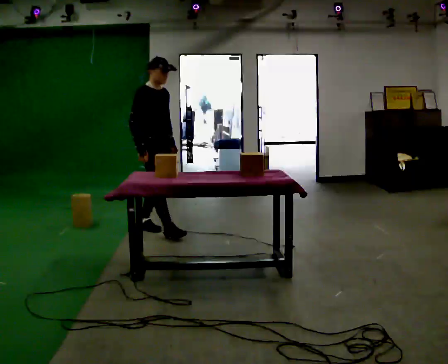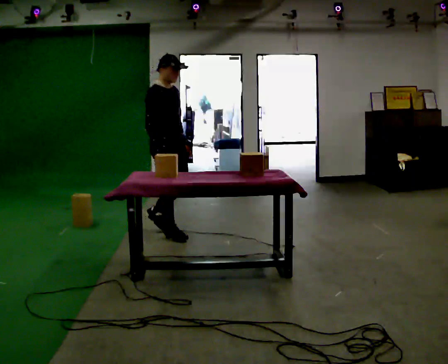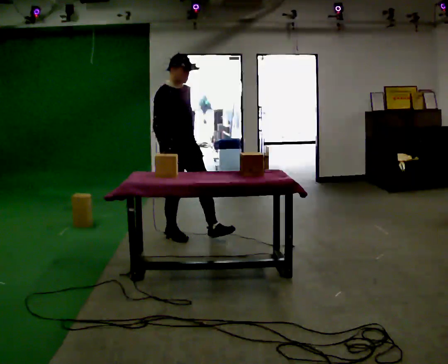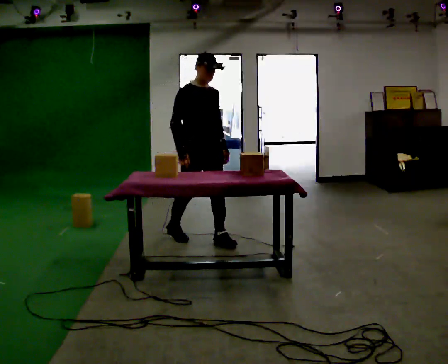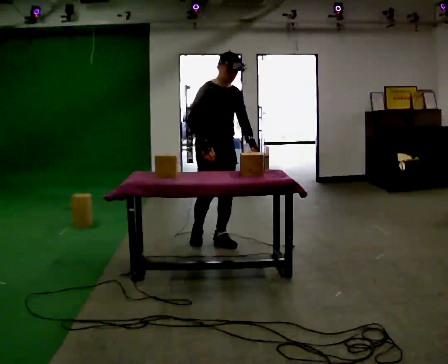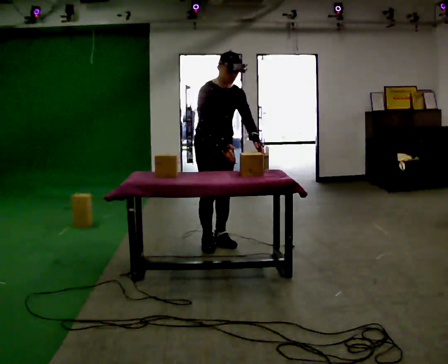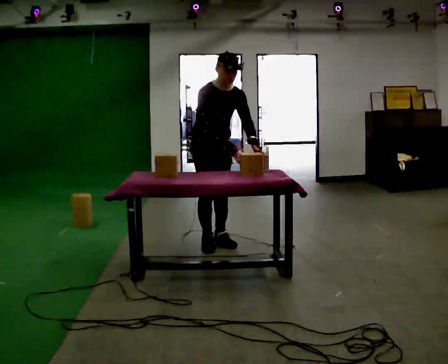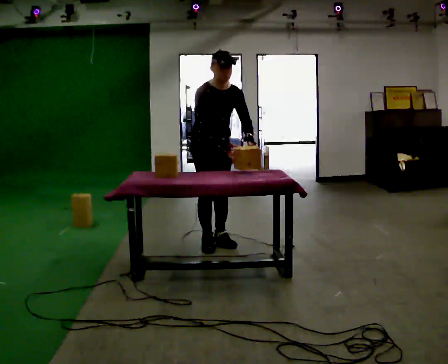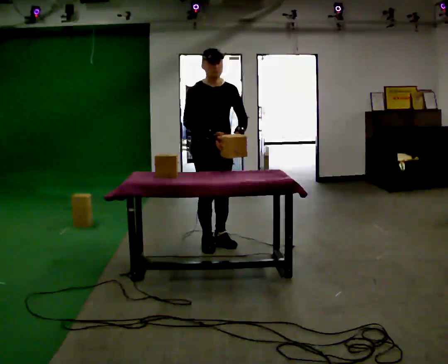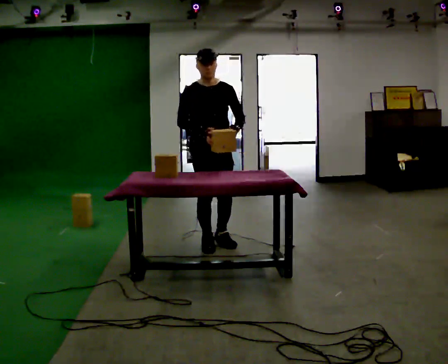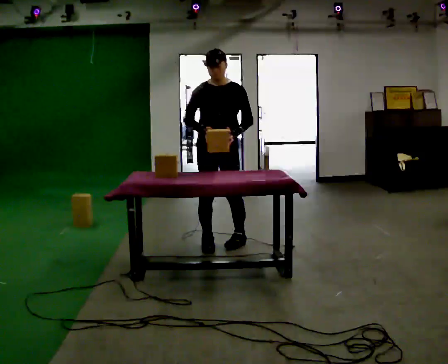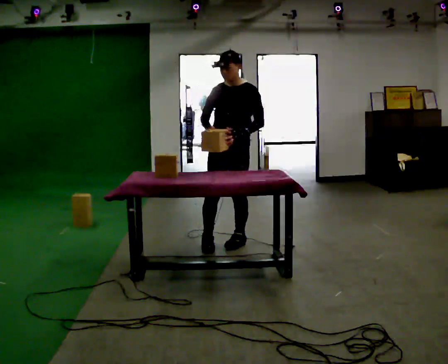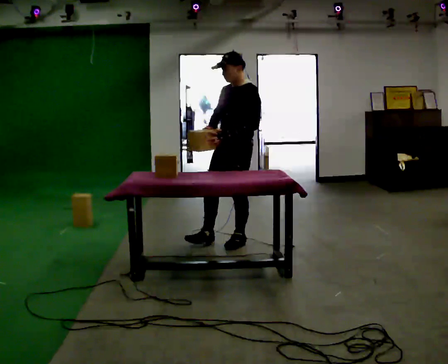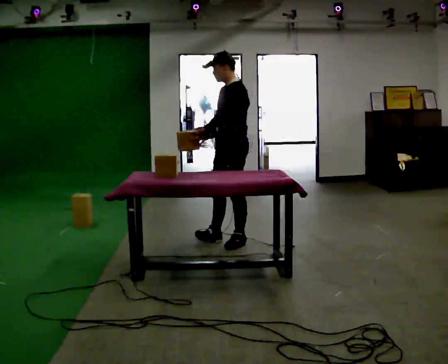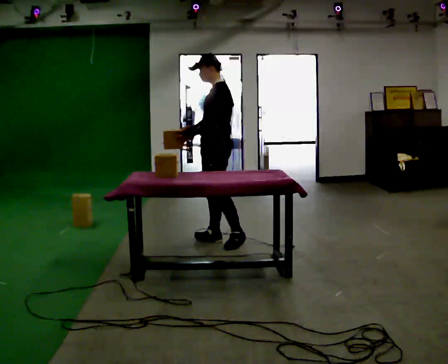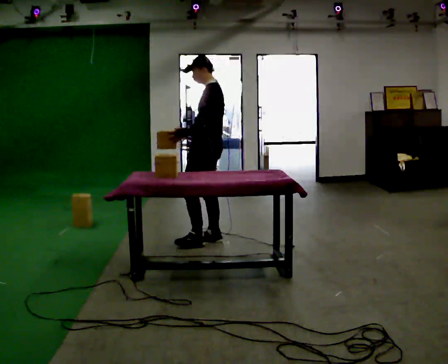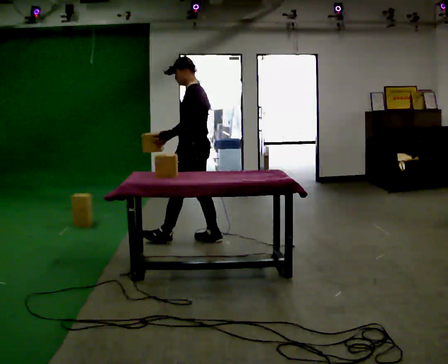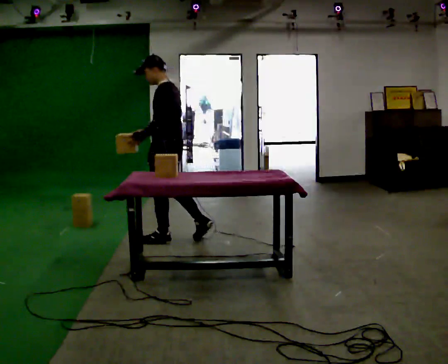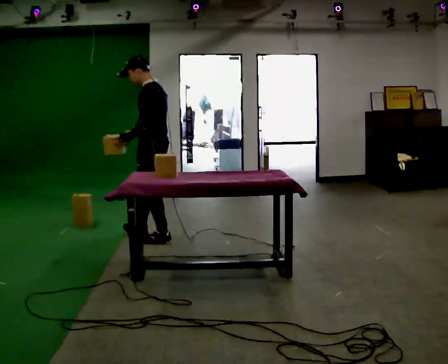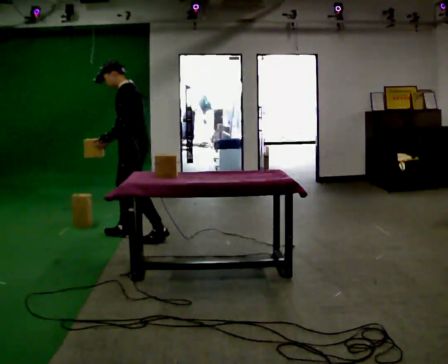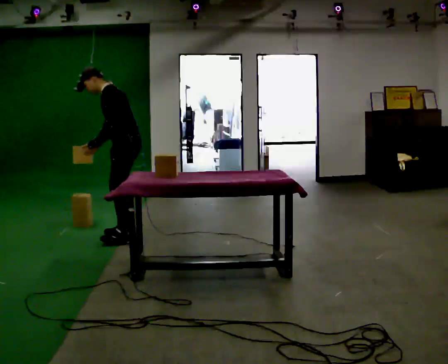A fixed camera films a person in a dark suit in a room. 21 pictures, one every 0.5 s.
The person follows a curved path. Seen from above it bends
counterclockwise.
0.0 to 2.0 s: Seen from above the body turns clockwise, about 30 degrees: to their right, with its near side sliding to the left. In the picture they go to the right and toward the camera, about 0.5 m in 1 step, which for them is forward.
2.0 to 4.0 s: The person moves a little, or ends about where they began.
4.0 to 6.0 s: The part of the body nearest the lens slides to the left as the person turns to their right by about 75 degrees. In the picture they go to the right, about 0.25 m in 1 step.
6.0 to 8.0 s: The person turns about 45 degrees to their right, clockwise seen from above, so the part of the body nearest the lens slides to the left. In the picture they go to the left, about 0.5 m in 1 step, which for them is forward and to their right.
8.0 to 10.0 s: In the picture they go to the left, about 0.75 m in 1 step, which for them is forward. In the picture the upper body tilts counterclockwise, shoulders to the left, as they bend forward.
The film runs forward here.
